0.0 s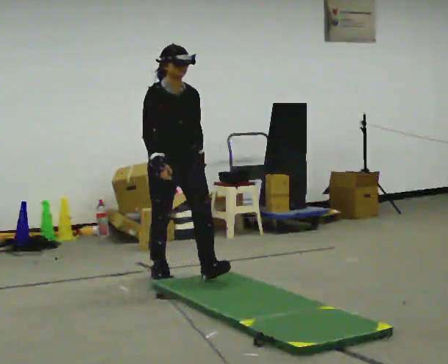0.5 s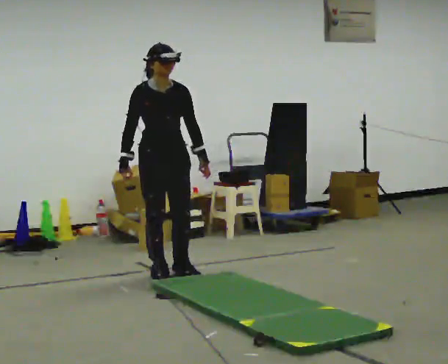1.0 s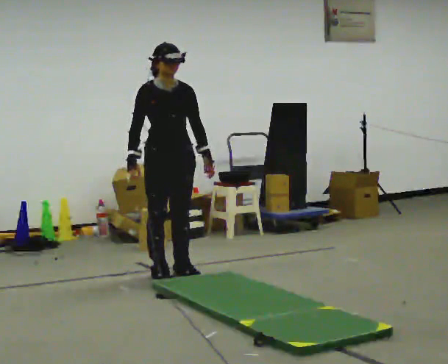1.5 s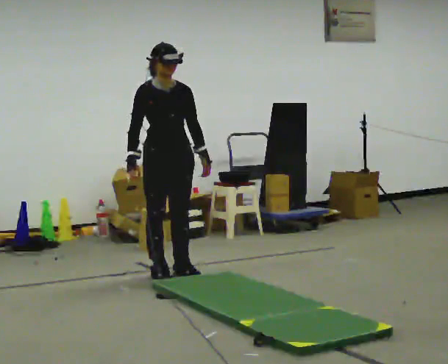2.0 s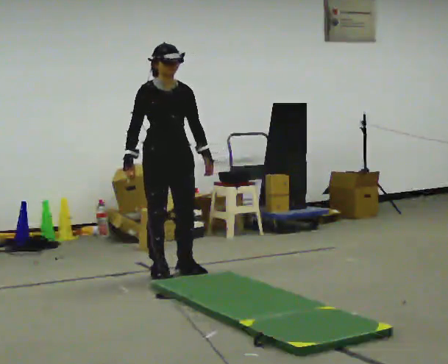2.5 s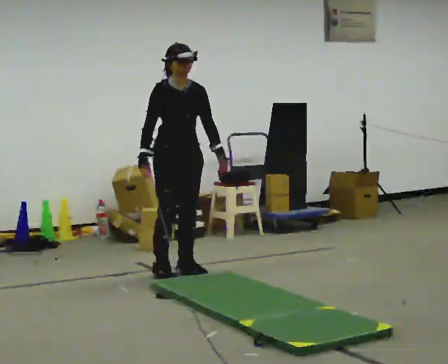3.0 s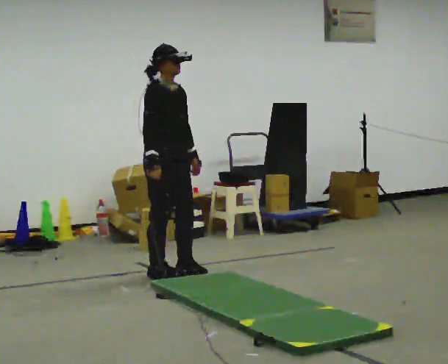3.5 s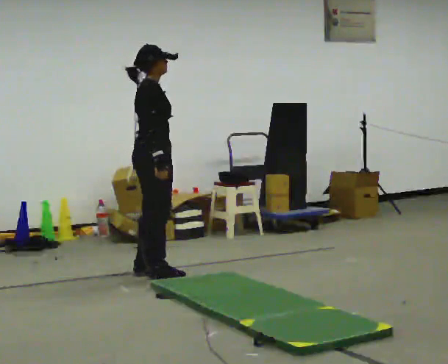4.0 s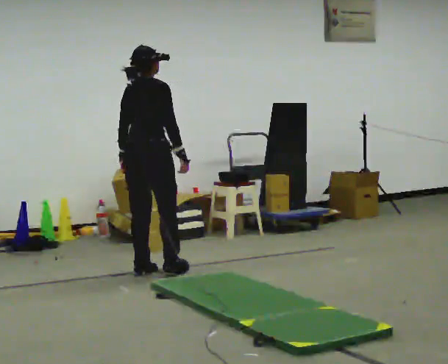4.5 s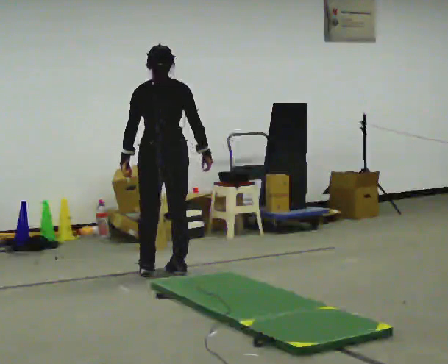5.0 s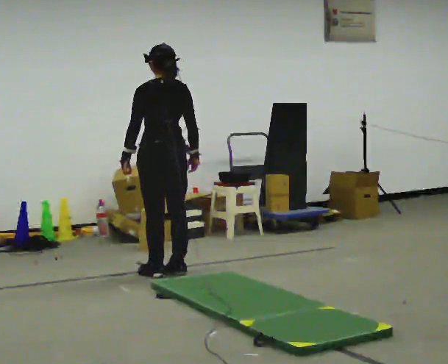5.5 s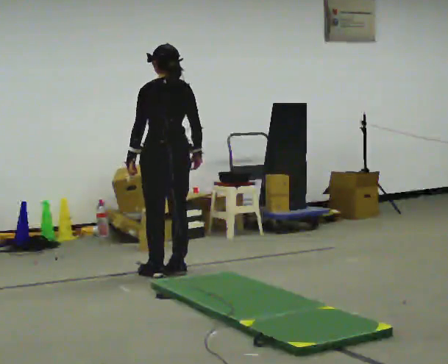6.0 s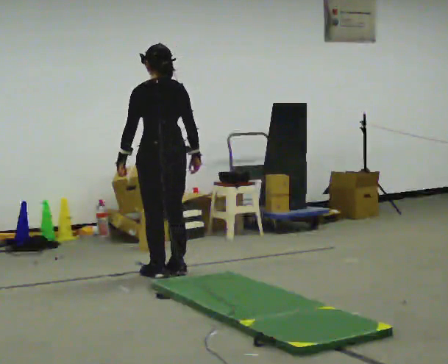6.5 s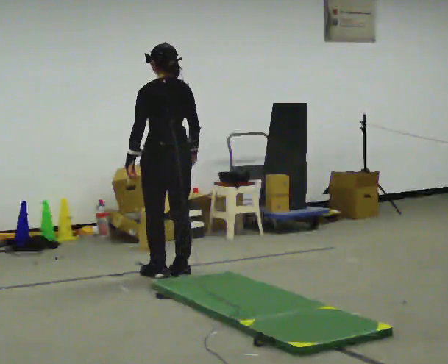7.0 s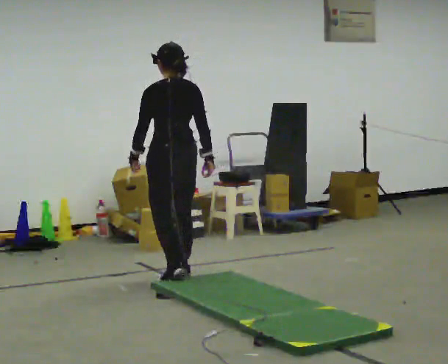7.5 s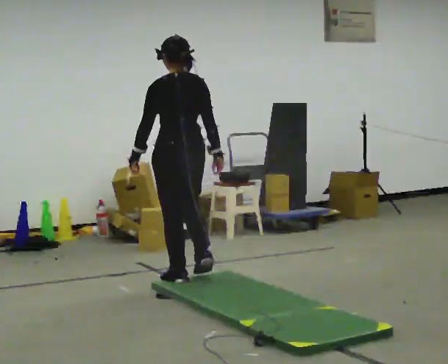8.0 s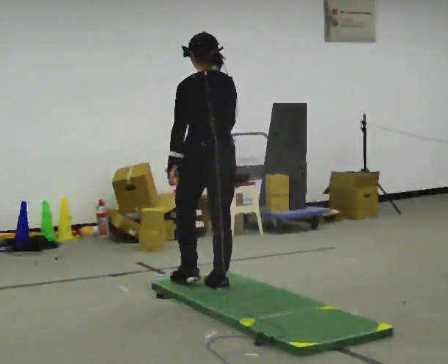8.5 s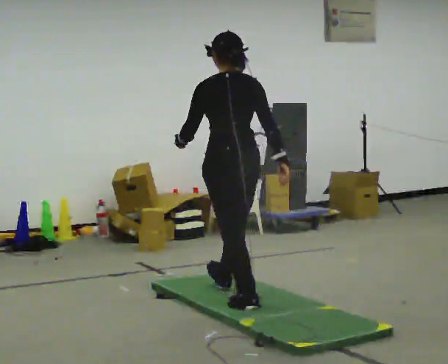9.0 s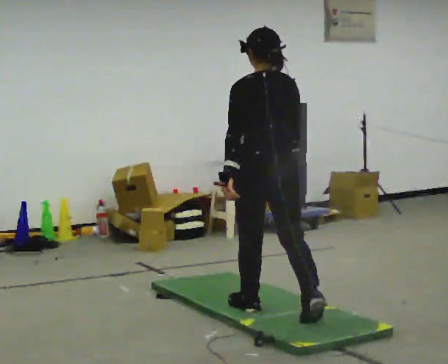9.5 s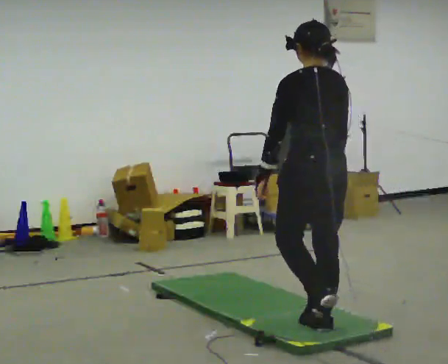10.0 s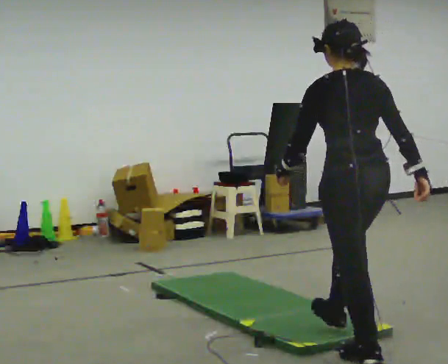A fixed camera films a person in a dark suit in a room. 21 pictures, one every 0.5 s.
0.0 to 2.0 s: In the picture they go away from the camera, about 0.25 m in 1 step, which for them is backward.
2.0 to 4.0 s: The part of the body nearest the lens slides to the right as the person turns to their left by about 120 degrees. In the picture their right hand goes to the right, the arm swinging counterclockwise.
4.0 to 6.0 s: The part of the body nearest the lens slides to the right as the person turns to their left by about 60 degrees.
6.0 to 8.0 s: In the picture they go toward the camera and to the right, about 0.75 m in 3 steps, which for them is backward.
8.0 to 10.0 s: In the picture they go toward the camera and to the right, about 1.5 m in 3 steps, which for them is backward.
The film runs backward here.
